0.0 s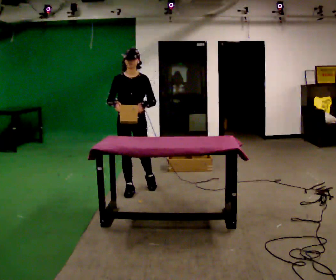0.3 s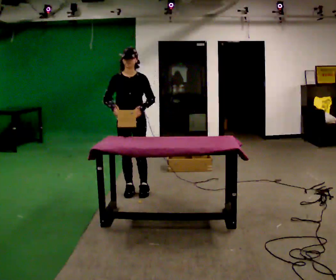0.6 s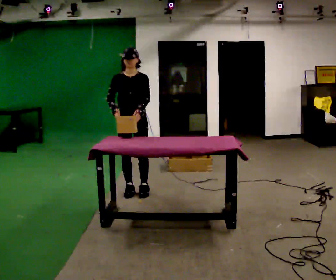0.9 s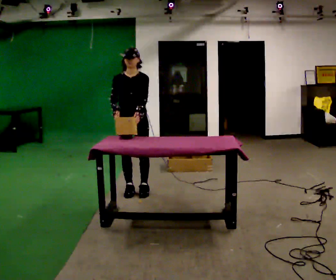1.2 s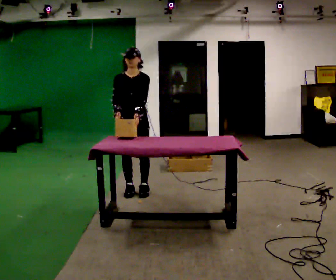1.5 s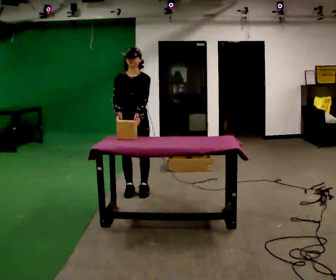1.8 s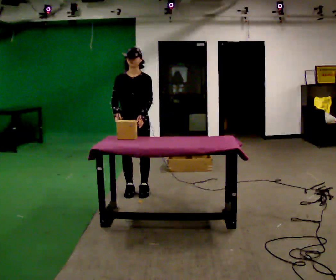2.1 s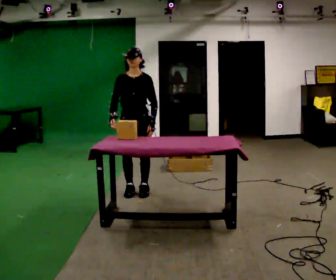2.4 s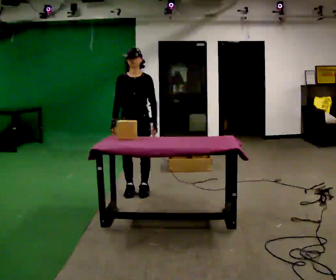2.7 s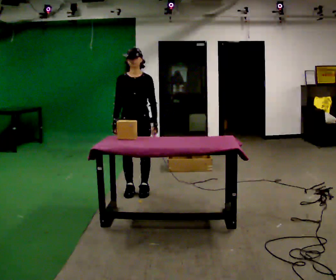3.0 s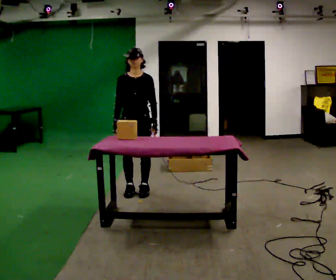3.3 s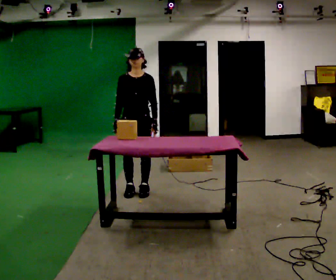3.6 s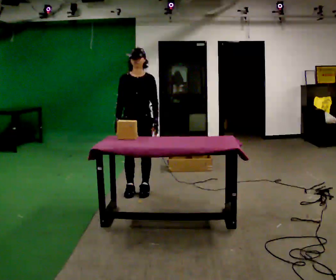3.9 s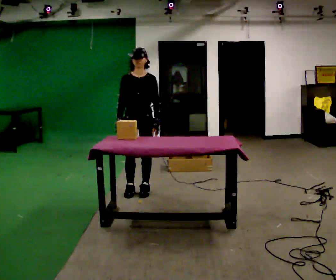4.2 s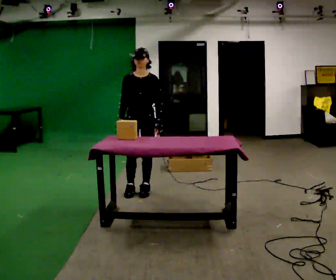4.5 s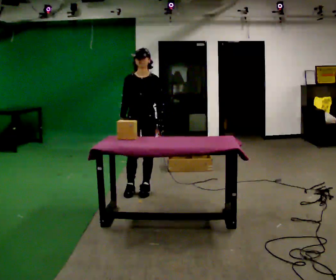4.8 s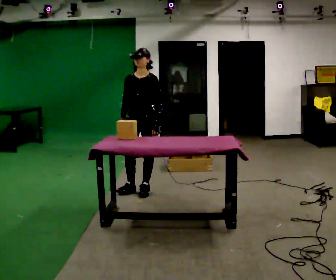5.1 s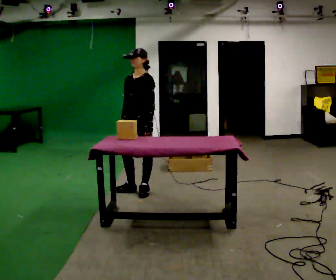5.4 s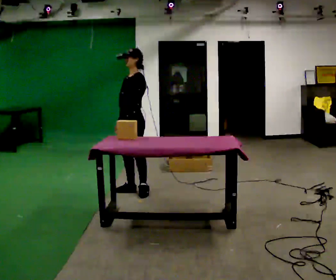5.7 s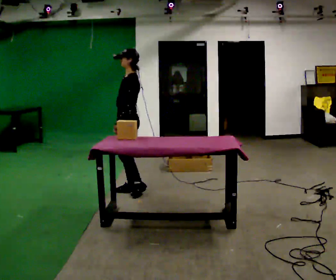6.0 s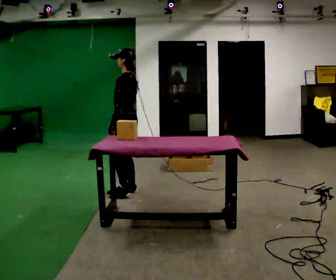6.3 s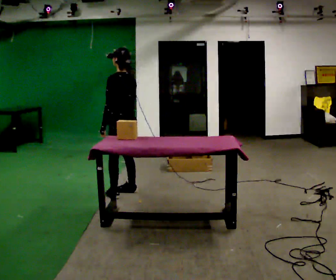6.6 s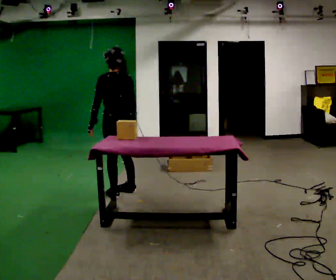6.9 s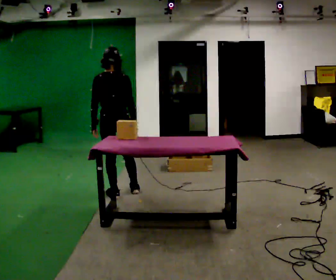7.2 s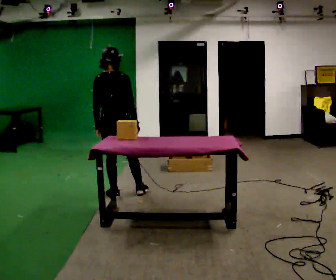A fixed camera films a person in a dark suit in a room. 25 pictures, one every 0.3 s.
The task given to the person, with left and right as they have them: Reach down into the deep bin on the floor, take out one object at a time, carry it to the shelf, and come back for the next one. Keep going until the operator says stop; one object at a time, and do not rush between trips.
0.0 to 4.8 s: Seen from above the body turns clockwise, about 30 degrees: to their right, with its near side sliding to the left.
4.8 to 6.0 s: The person turns about 75 degrees to their right, clockwise seen from above, so the part of the body nearest the lens slides to the left. In the picture they go to the left, about 0.25 m. In the picture their left hand goes to the left.
6.0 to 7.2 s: Seen from above the body turns clockwise, about 75 degrees: to their right, with its near side sliding to the left. In the picture they go toward the camera, about 0.25 m in 2 steps.
The film runs forward here.
